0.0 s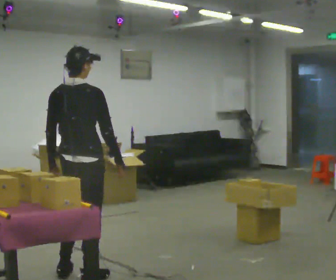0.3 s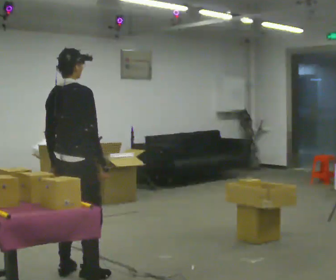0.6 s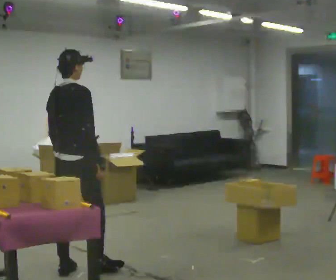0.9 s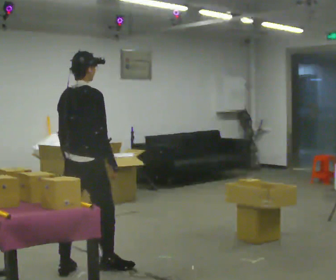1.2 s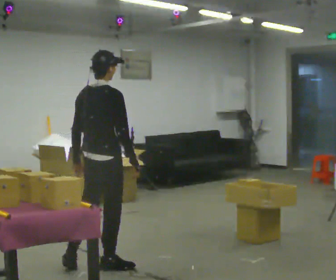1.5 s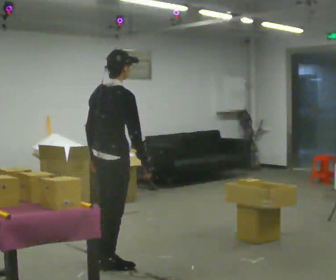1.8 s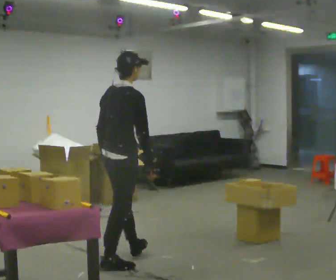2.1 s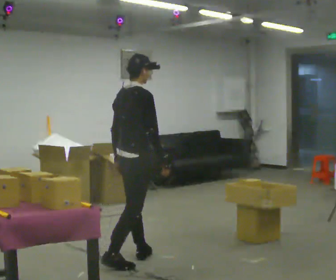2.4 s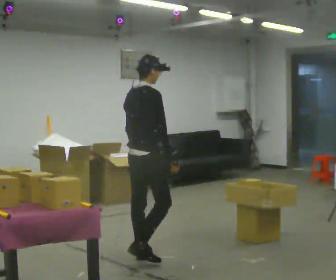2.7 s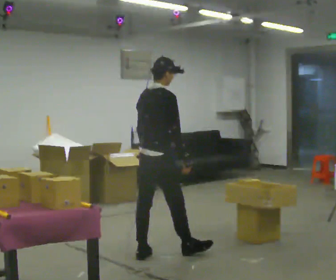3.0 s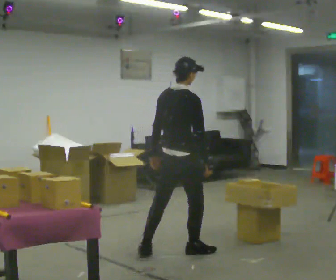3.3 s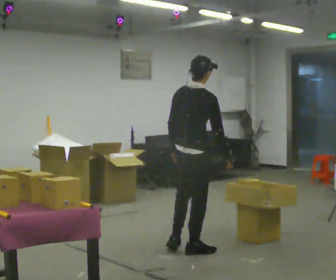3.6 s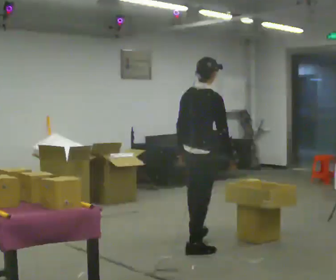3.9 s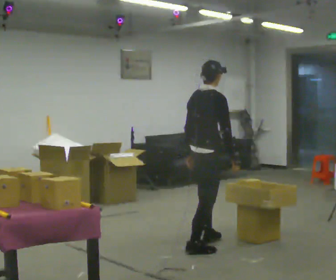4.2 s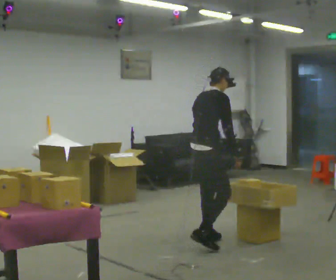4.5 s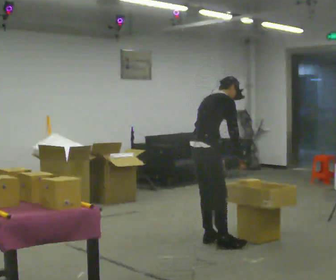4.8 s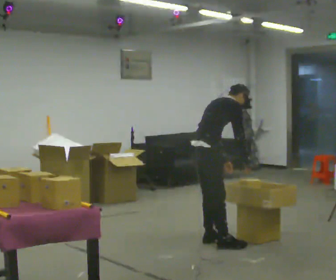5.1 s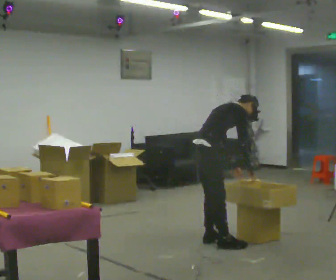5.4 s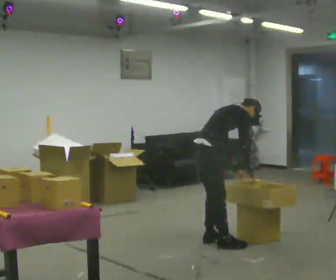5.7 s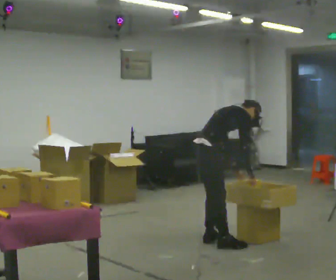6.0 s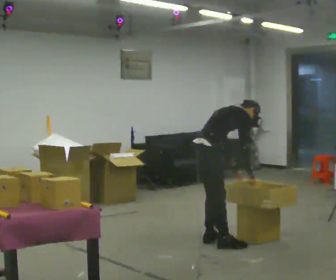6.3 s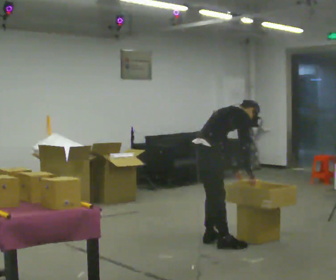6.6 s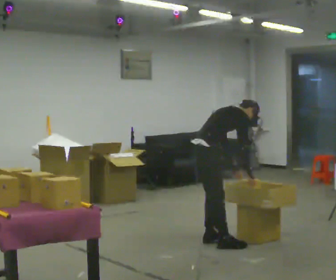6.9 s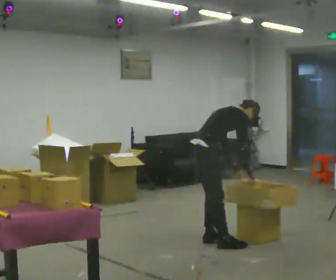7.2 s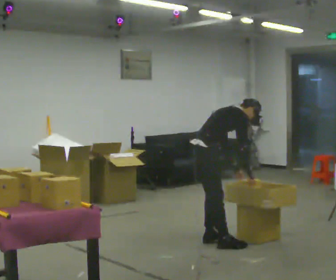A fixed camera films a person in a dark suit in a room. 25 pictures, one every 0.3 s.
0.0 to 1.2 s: In the picture they go away from the camera, about 0.25 m in 2 steps, which for them is forward.
1.2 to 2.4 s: In the picture they go away from the camera and to the right, about 0.5 m in 1 step, which for them is forward.
2.4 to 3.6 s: In the picture they go to the right, about 0.5 m in 1 step, which for them is forward and to their right.
3.6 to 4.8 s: In the picture they go away from the camera, about 0.25 m in 2 steps, which for them is forward and to their left. In the picture the upper body tilts clockwise, shoulders to the right, as they bend forward.
4.8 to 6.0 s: In the picture the upper body tilts clockwise, shoulders to the right, as they bend forward.
6.0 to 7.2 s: The person moves a little, or ends about where they began.
The film runs forward here.
